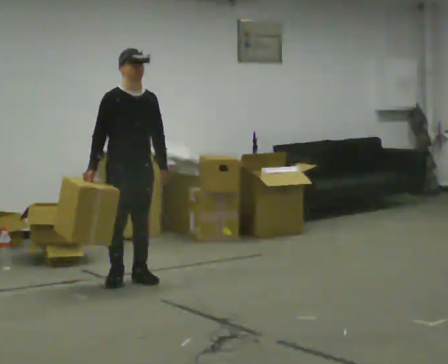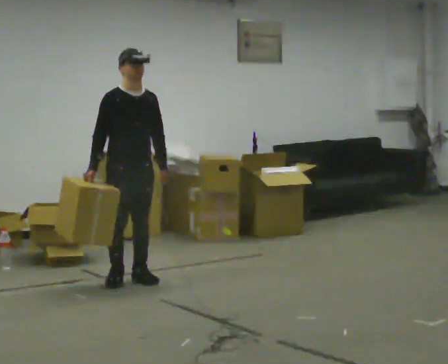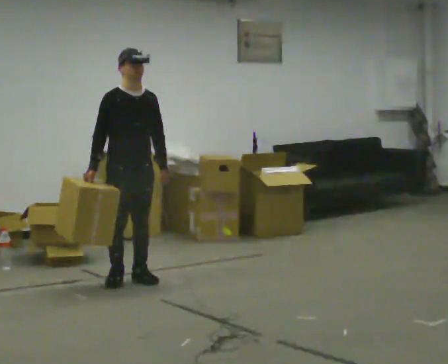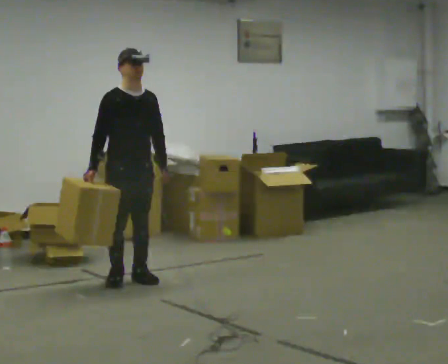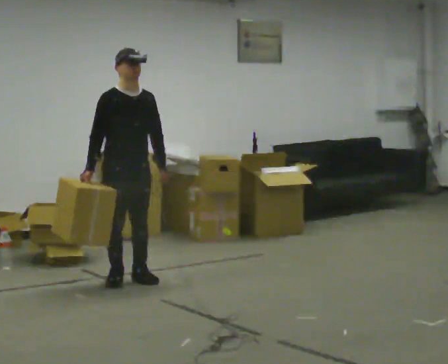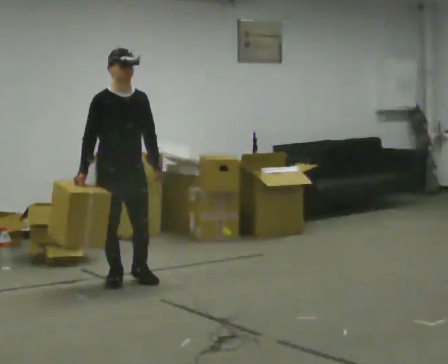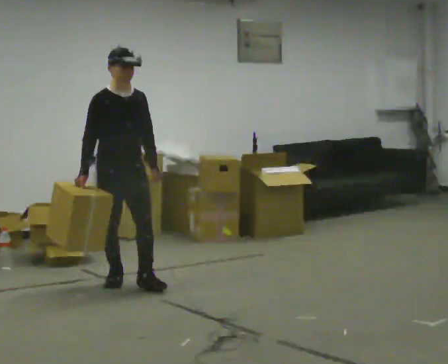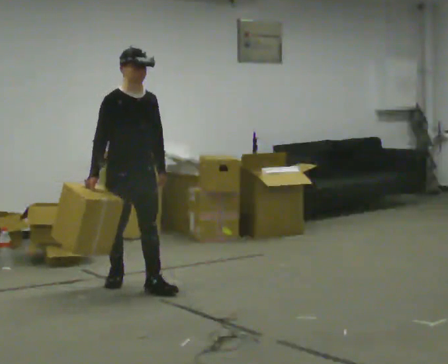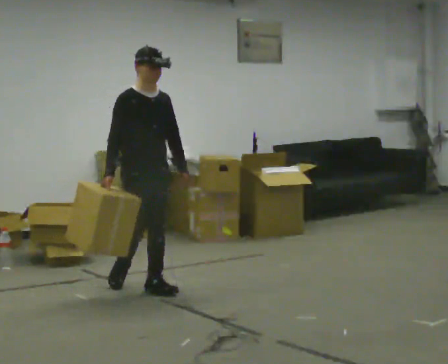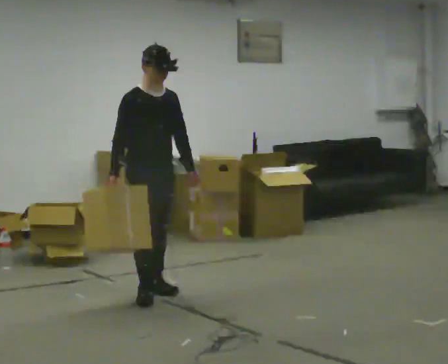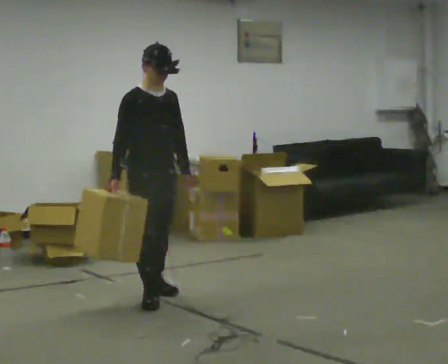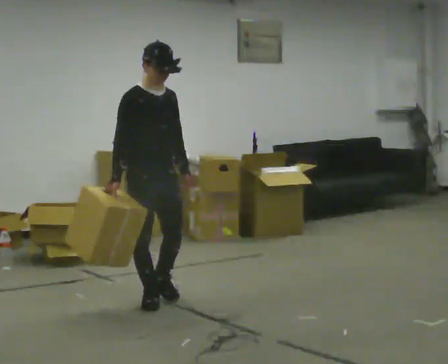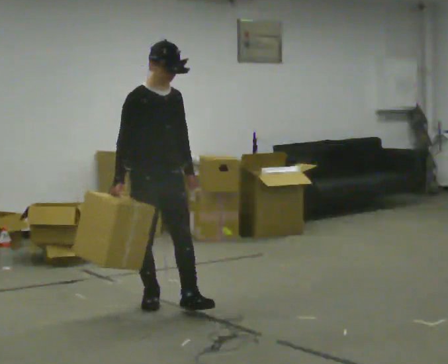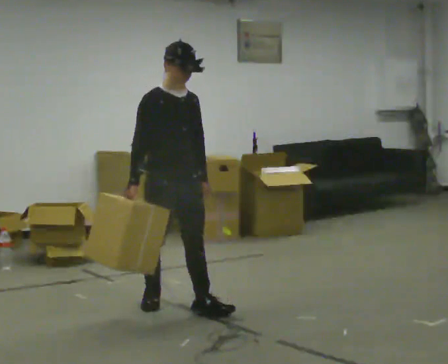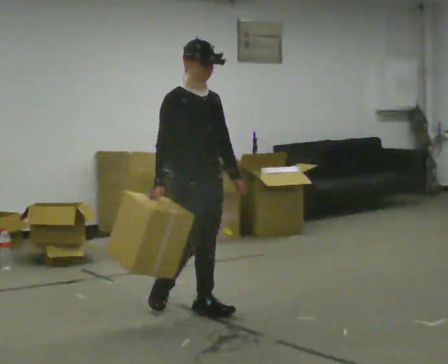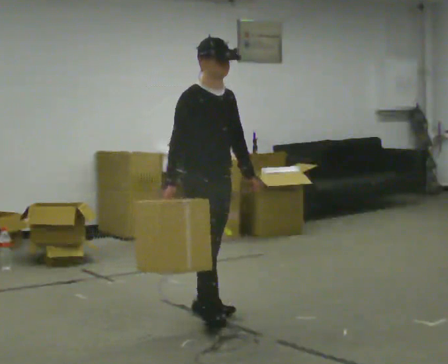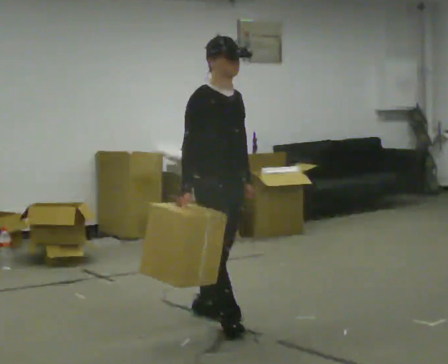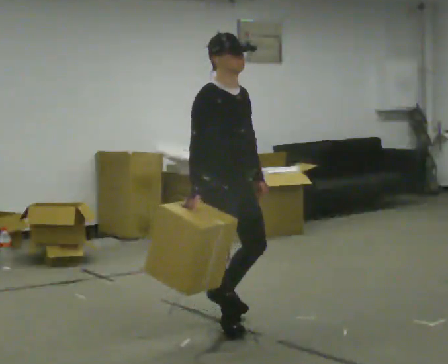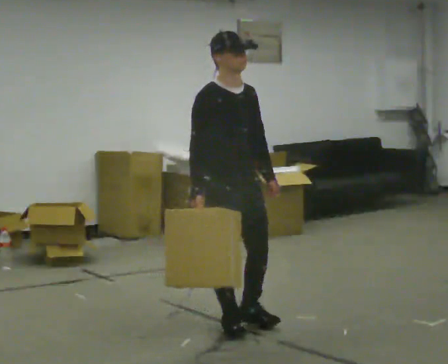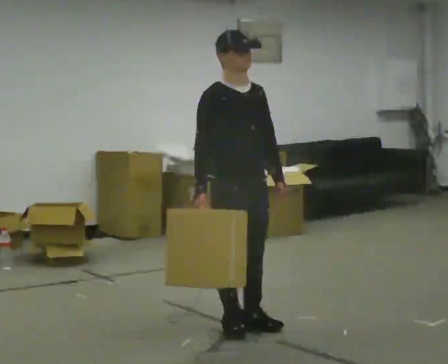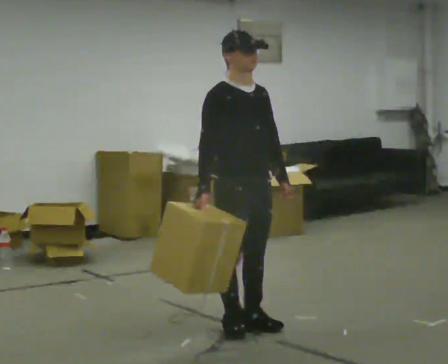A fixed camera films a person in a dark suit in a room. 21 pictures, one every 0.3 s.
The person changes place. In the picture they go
toward the camera.
0.0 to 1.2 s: The person moves a little, or ends about where they began.
1.2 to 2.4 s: In the picture they go toward the camera, about 0.25 m in 1 step, which for them is forward.
2.4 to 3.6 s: In the picture they go toward the camera, about 0.5 m in 1 step, which for them is forward and to their right.
3.6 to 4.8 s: In the picture they go toward the camera and to the right, about 0.5 m in 2 steps, which for them is forward.
4.8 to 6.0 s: In the picture they go toward the camera, about 0.25 m in 1 step, which for them is forward.
The film runs forward here.
